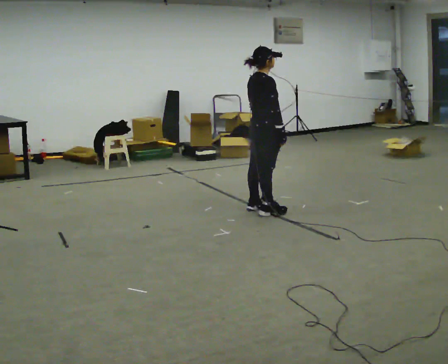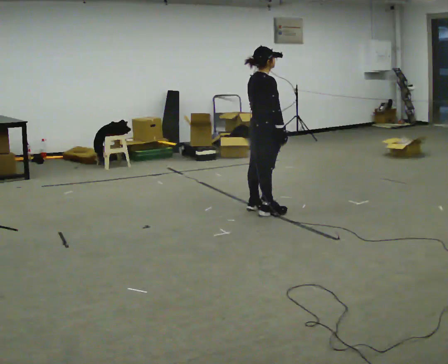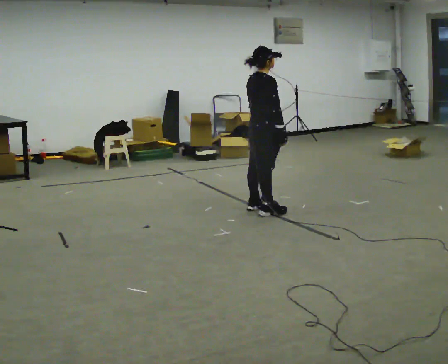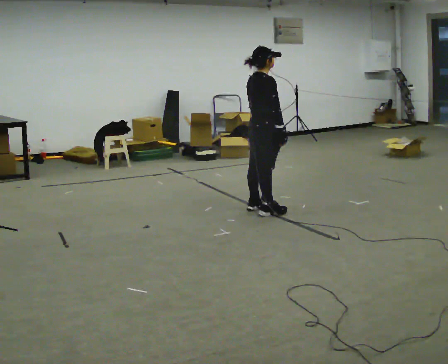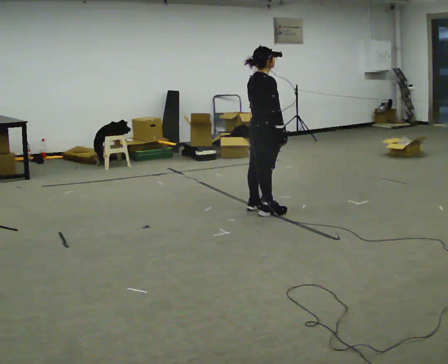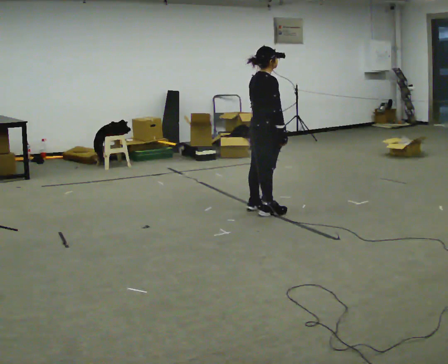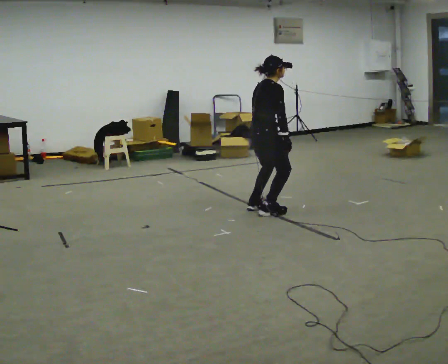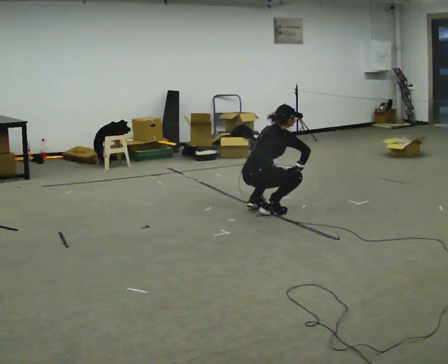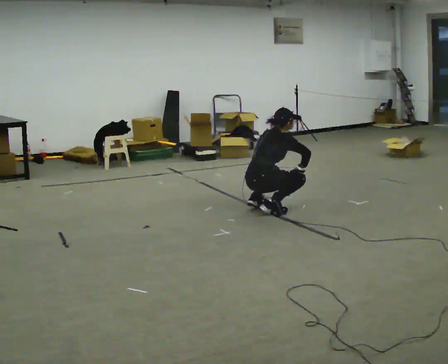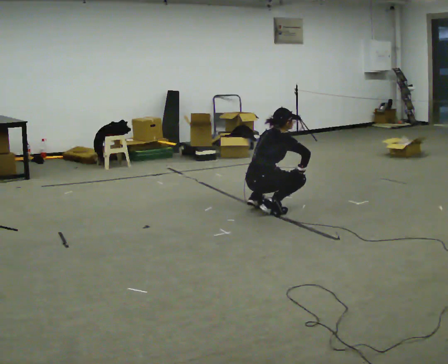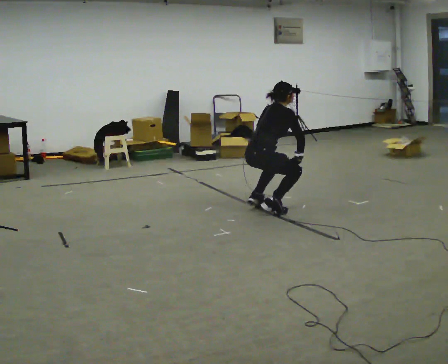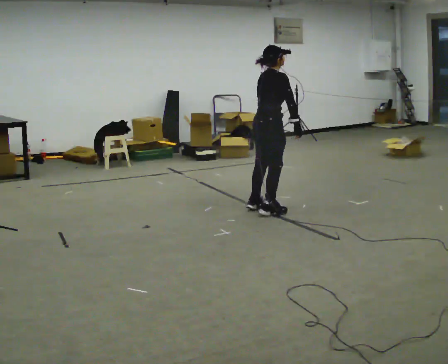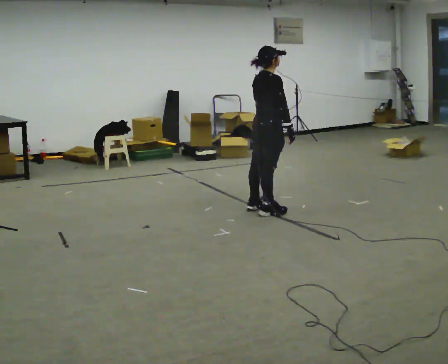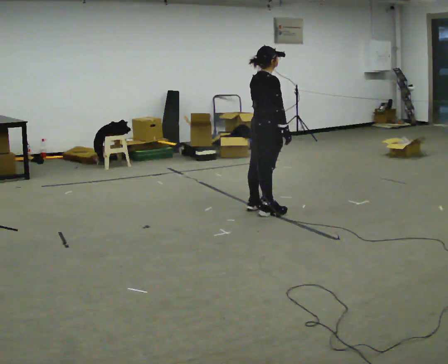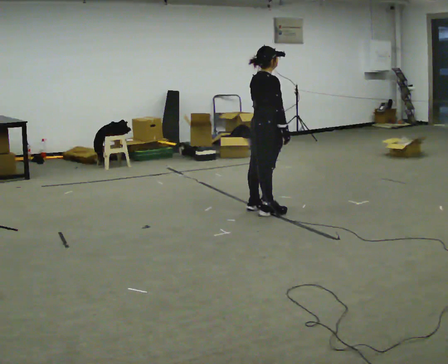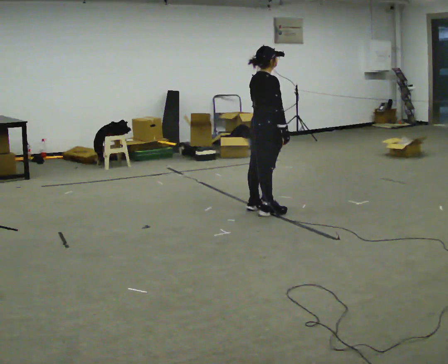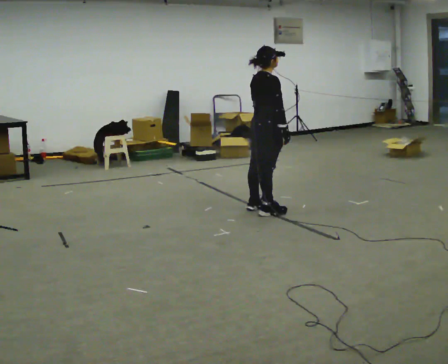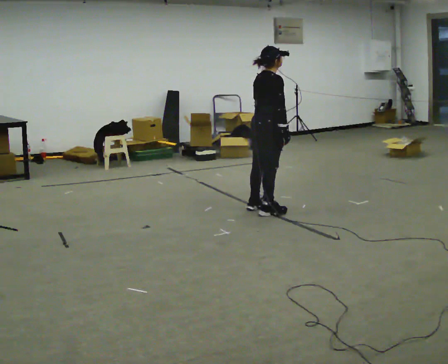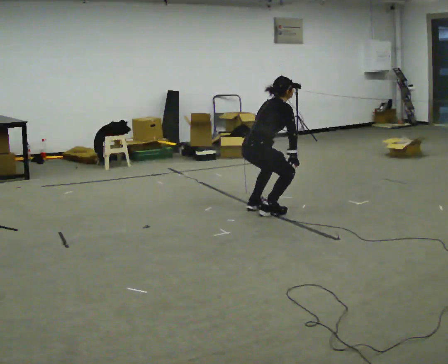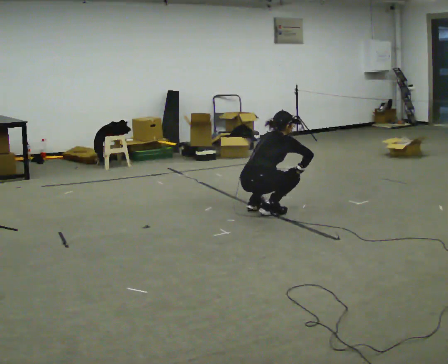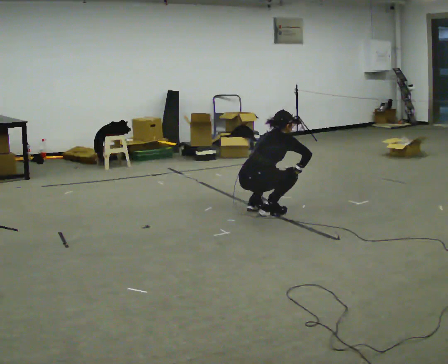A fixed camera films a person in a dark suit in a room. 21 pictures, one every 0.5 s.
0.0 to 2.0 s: The person keeps their place and pose.
2.0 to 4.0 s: The shoulders move downward. In the picture the upper body tilts clockwise, shoulders to the right, as they bend forward. In the picture their left hand goes downward.
4.0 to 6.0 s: The shoulders move upward. In the picture their left hand goes upward.
6.0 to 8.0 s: The person moves a little, or ends about where they began.
8.0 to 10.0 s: The shoulders move downward. In the picture the upper body tilts clockwise, shoulders to the right, as they bend forward. In the picture their right hand goes downward.
The film runs forward here.
